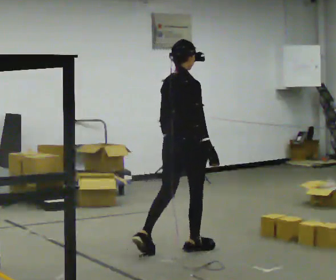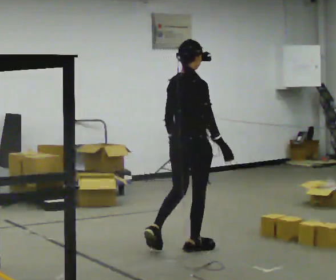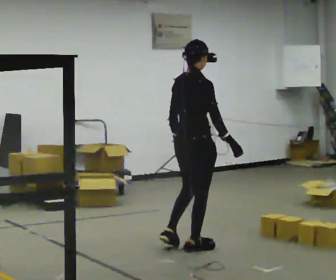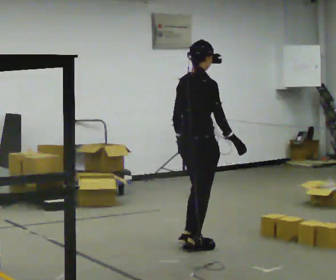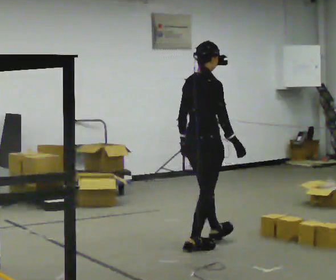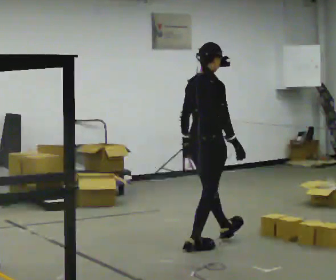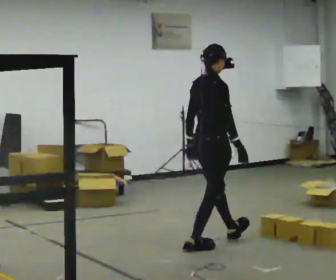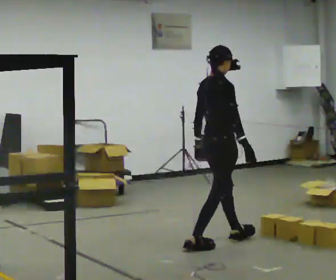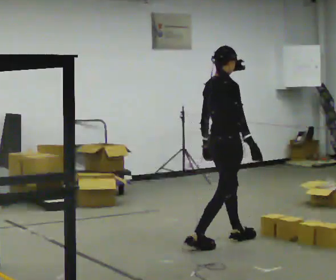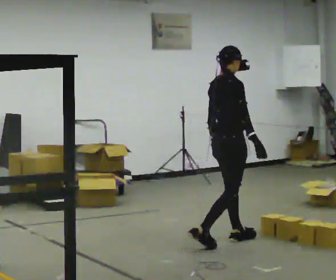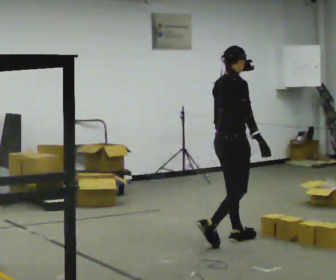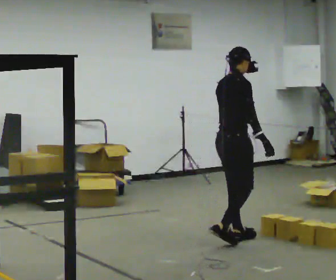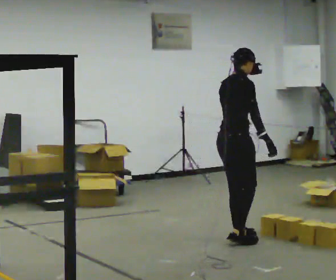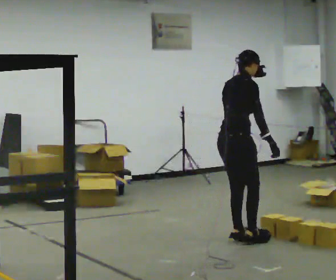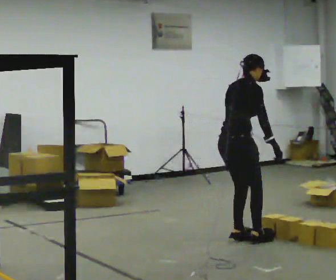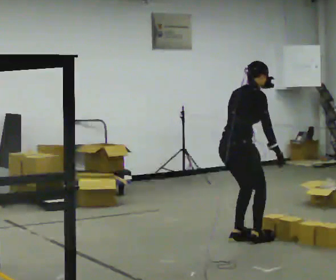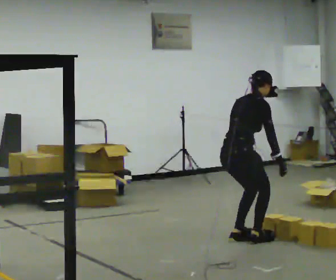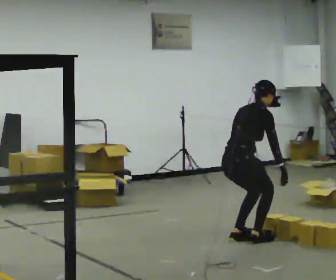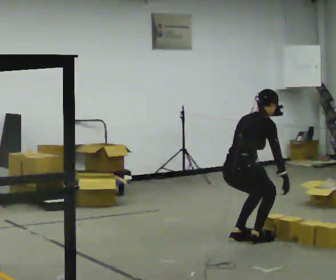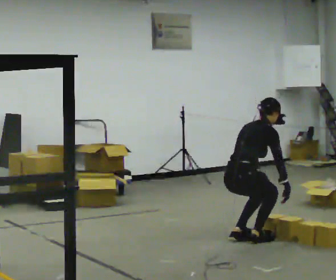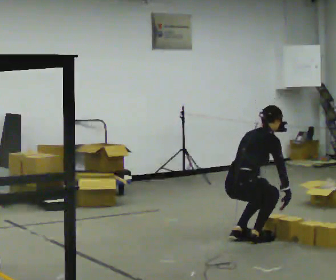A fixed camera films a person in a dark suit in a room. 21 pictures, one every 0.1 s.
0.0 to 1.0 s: In the picture they go to the right and away from the camera, about 0.5 m in 1 step, which for them is forward.
1.0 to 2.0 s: The upper body goes downward. In the picture the upper body tilts clockwise, shoulders to the right, as they bend forward. In the picture their right hand goes downward.
The film runs forward here.
